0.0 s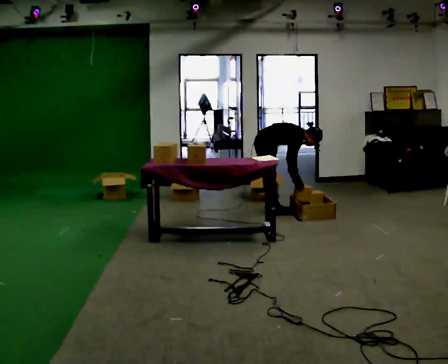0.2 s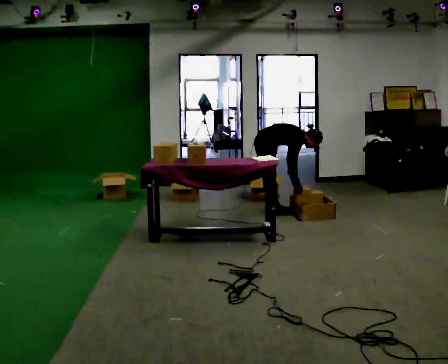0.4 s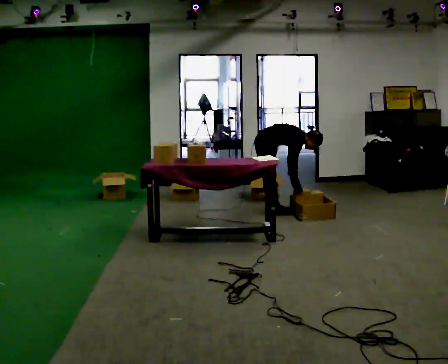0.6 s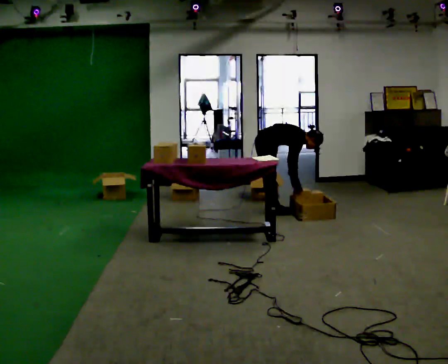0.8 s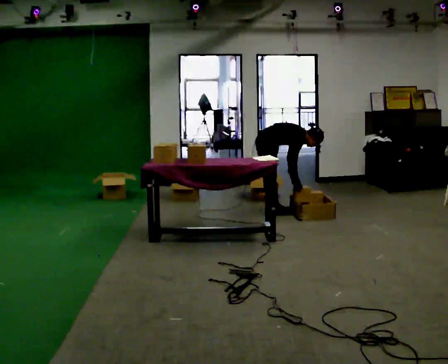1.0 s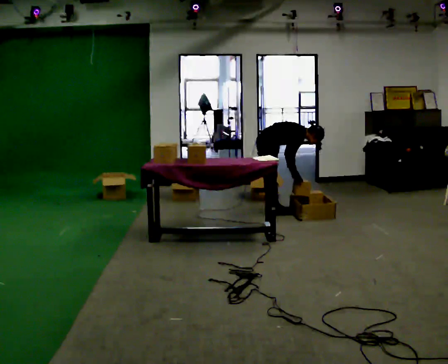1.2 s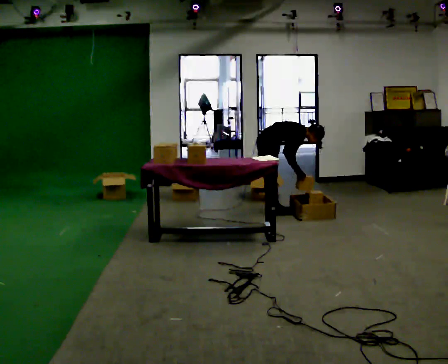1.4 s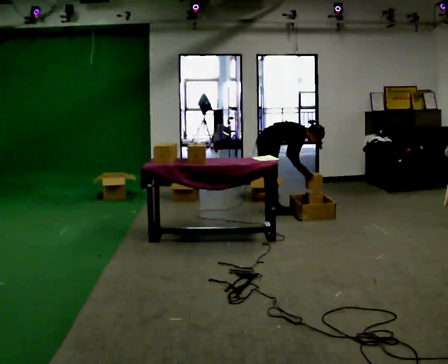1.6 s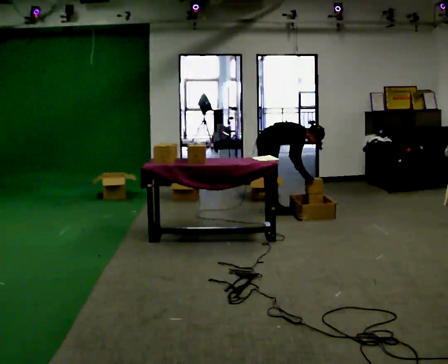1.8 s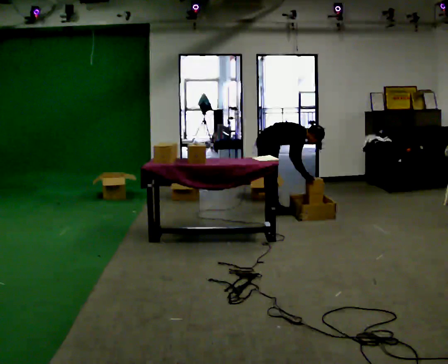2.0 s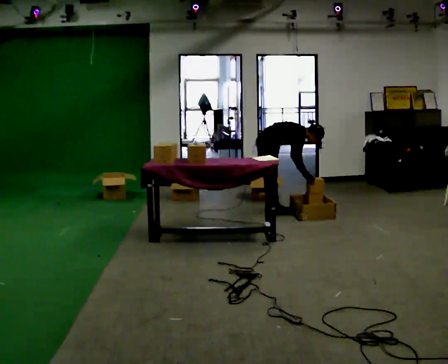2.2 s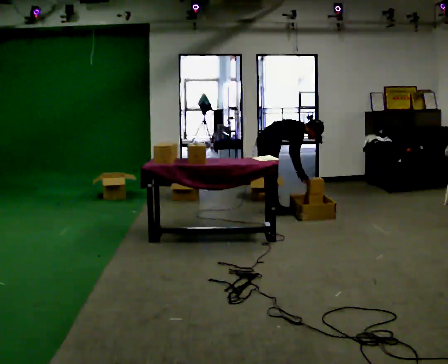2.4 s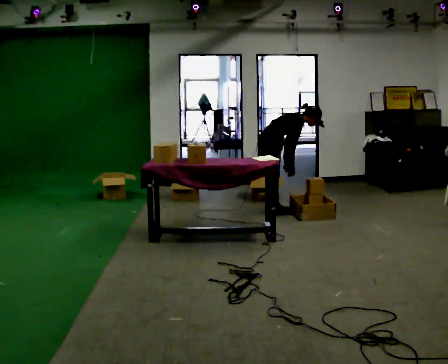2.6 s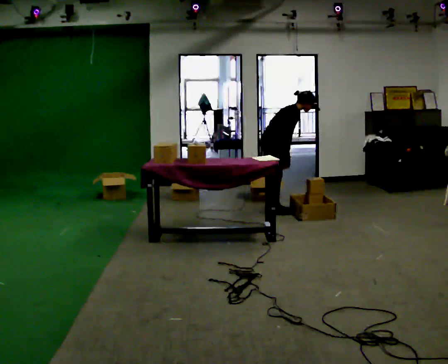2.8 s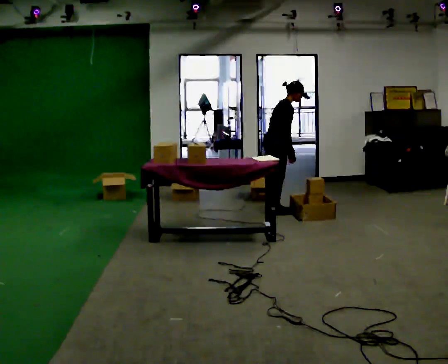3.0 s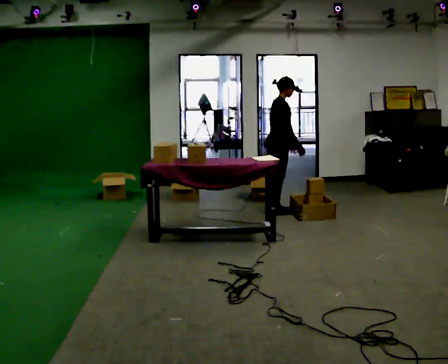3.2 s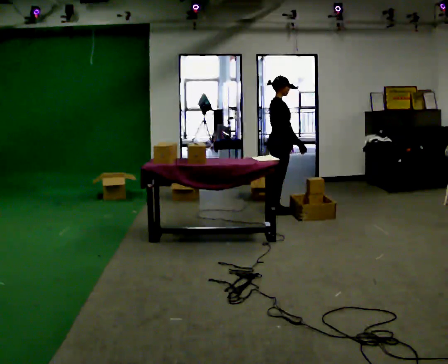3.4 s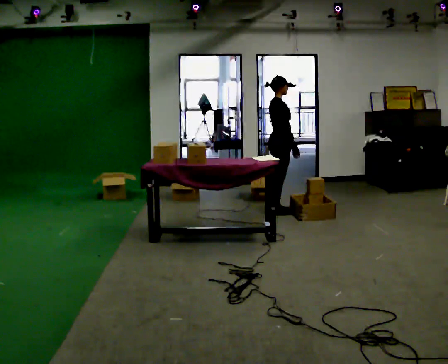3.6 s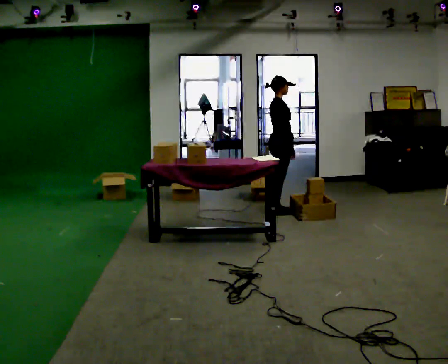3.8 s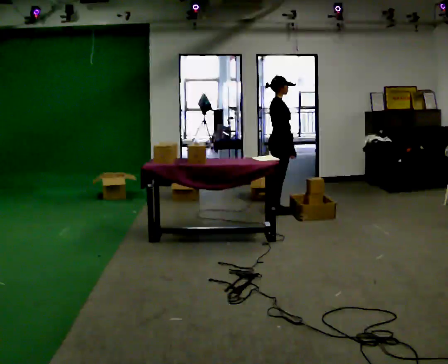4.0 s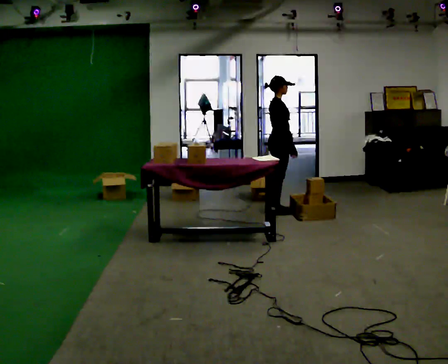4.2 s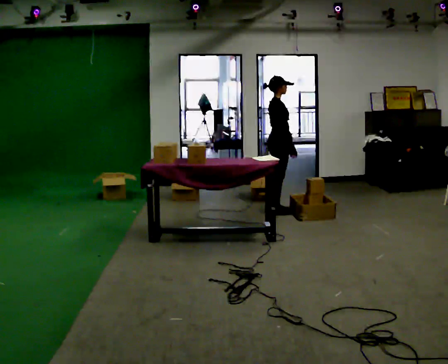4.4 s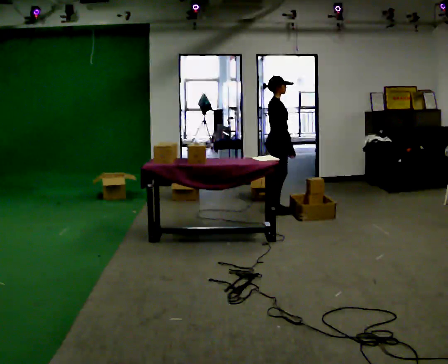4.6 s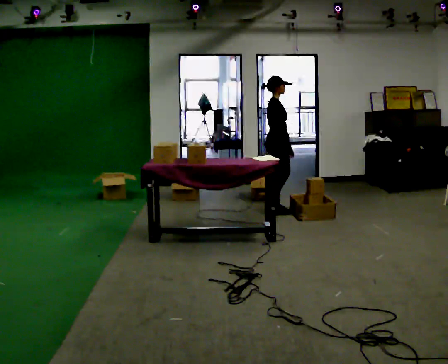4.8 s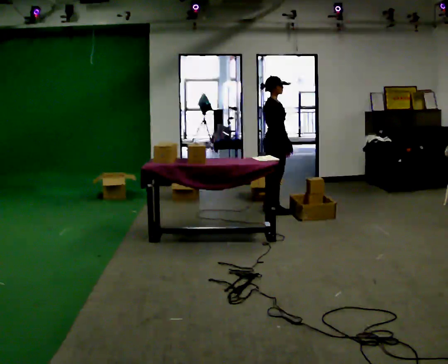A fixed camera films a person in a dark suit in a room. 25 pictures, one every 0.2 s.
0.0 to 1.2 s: The person moves a little, or ends about where they began.
1.2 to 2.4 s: In the picture the upper body tilts counterclockwise, shoulders to the left, as they lean back or straighten.
2.4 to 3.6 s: The upper body goes upward. In the picture the upper body tilts counterclockwise, shoulders to the left, as they lean back or straighten.
3.6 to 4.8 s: The person turns about 30 degrees to their right, clockwise seen from above, so the part of the body nearest the lens slides to the left.
The film runs forward here.
